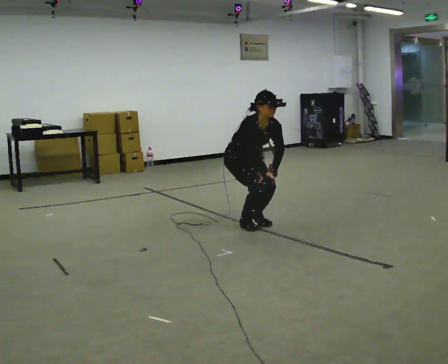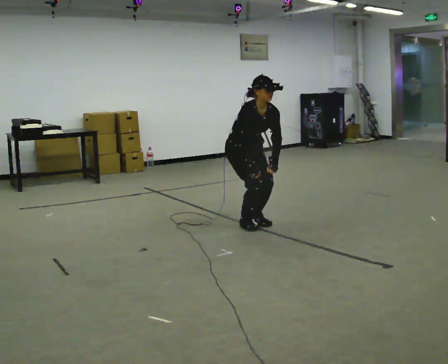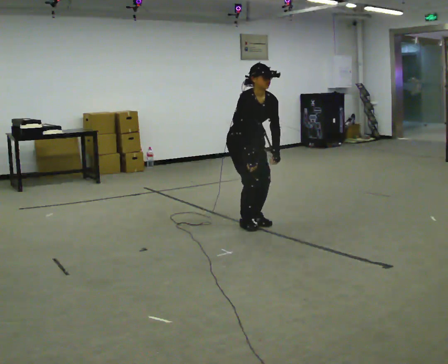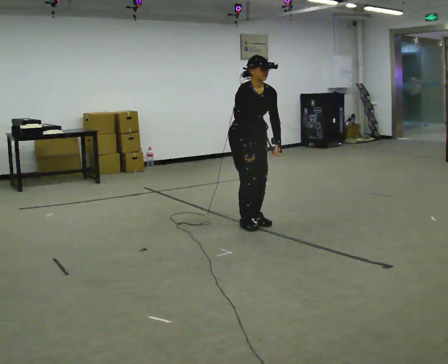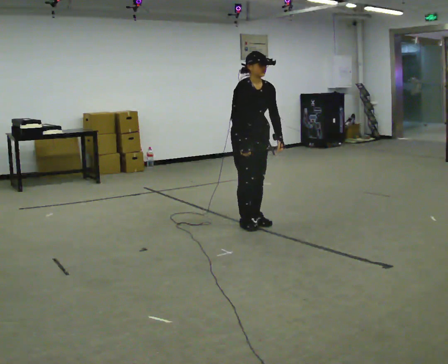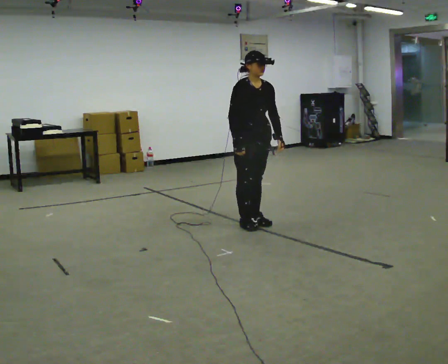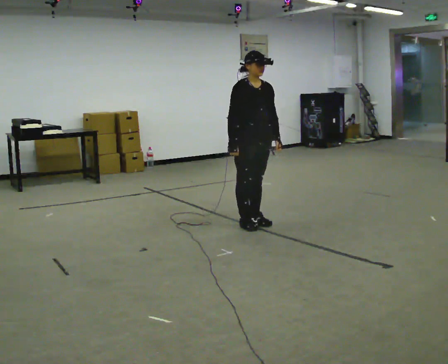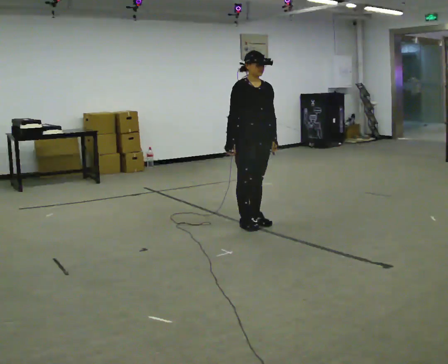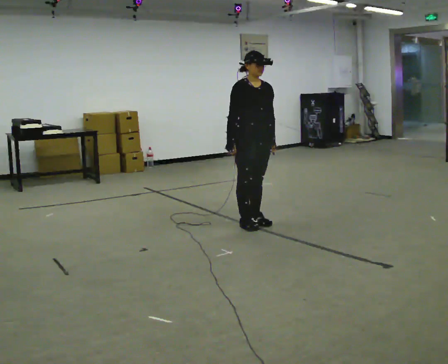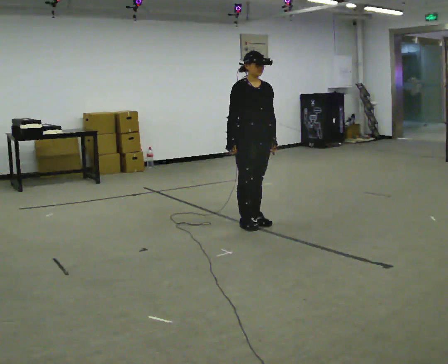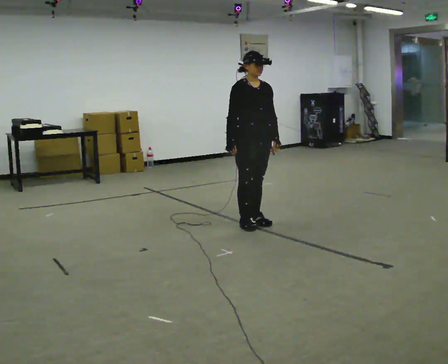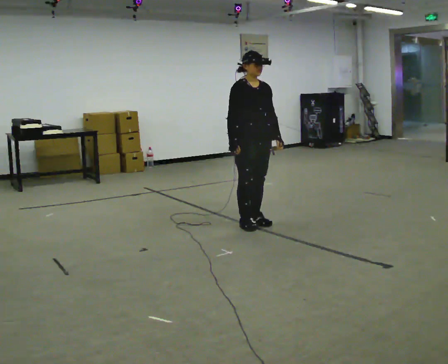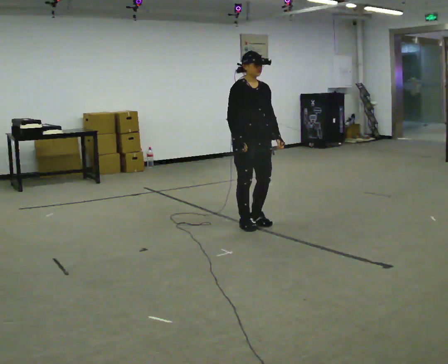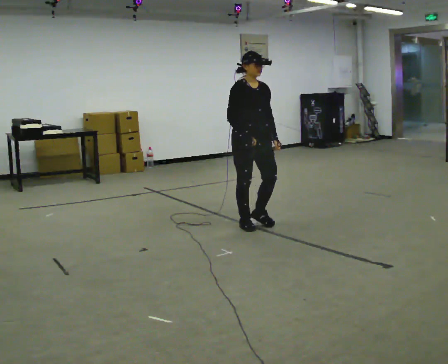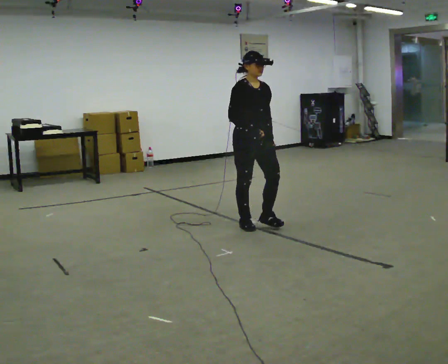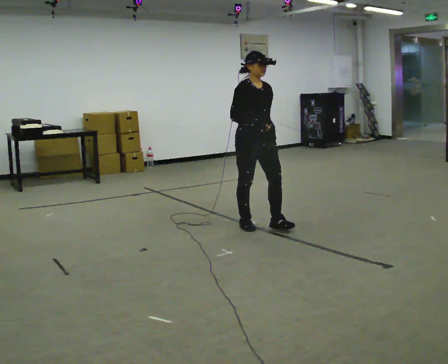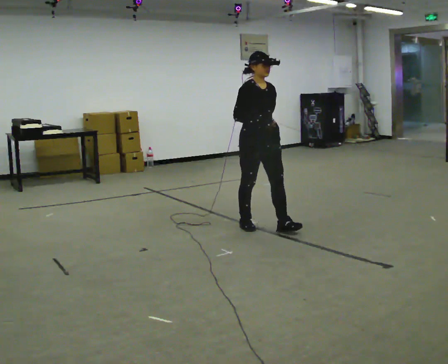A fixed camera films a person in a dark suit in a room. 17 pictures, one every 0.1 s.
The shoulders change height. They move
upward.
Their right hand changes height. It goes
upward.
0.0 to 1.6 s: In the picture they go toward the camera and to the right, about 0.25 m in 1 step, which for them is forward. The shoulders move upward. The upper body tips away from the camera, its near side rolling upward, as they lean back or straighten. In the picture their right hand goes upward.
The film runs forward here.
